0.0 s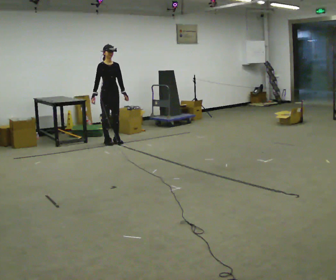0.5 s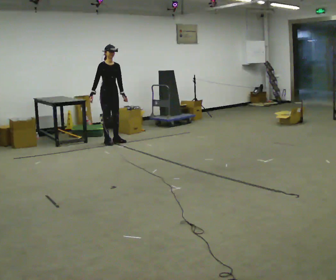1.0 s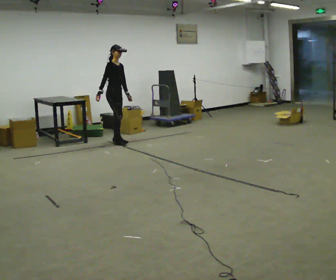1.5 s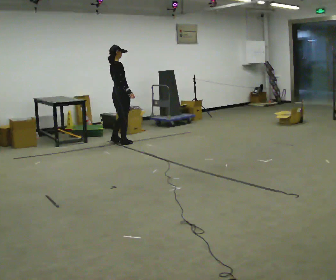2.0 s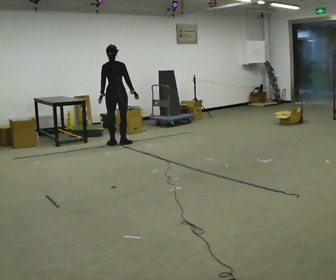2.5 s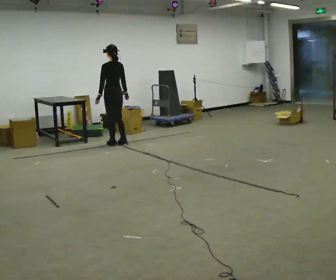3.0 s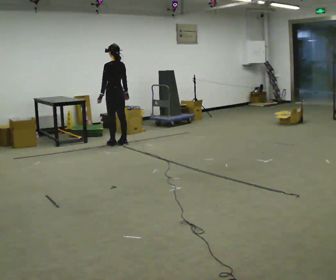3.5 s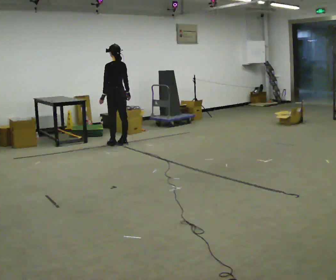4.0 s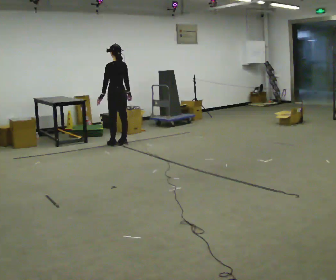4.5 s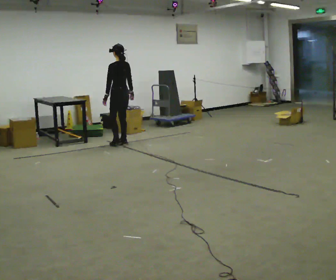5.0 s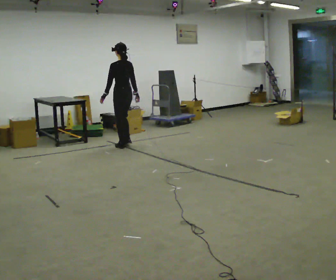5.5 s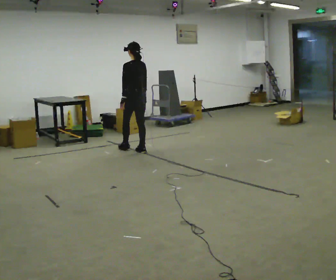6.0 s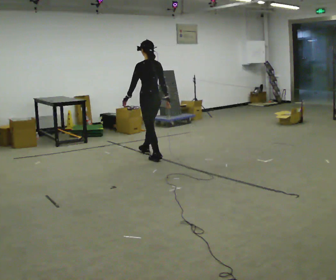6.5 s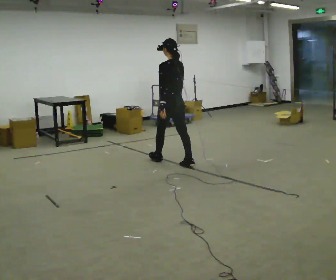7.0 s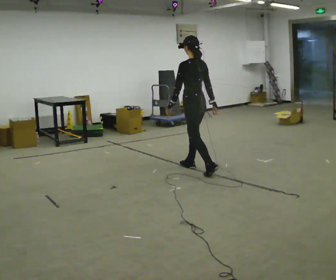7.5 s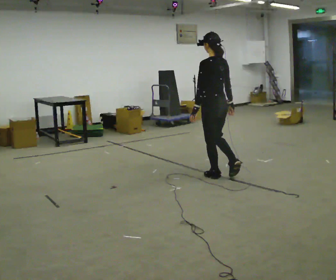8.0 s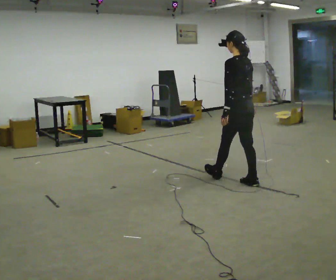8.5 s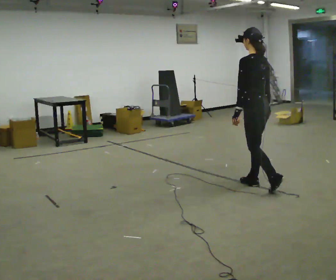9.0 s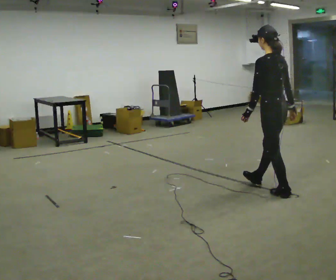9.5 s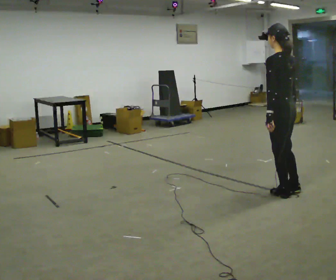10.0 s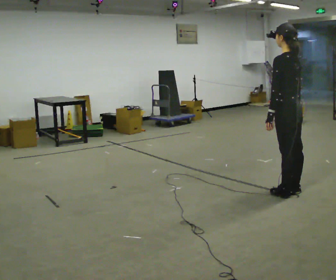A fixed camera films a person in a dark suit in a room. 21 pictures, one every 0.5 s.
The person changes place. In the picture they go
toward the camera.
0.0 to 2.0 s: The part of the body nearest the lens slides to the right as the person turns to their left by about 135 degrees. In the picture their right hand goes to the right, the arm swinging counterclockwise.
2.0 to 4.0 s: The person turns about 45 degrees to their left, counterclockwise seen from above, so the part of the body nearest the lens slides to the right.
4.0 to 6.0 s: In the picture they go toward the camera and to the right, about 1 m in 4 steps, which for them is backward.
6.0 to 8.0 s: In the picture they go toward the camera and to the right, about 1.5 m in 3 steps, which for them is backward.
8.0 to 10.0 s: In the picture they go toward the camera and to the right, about 0.75 m in 1 step, which for them is backward.
The film runs backward here.
